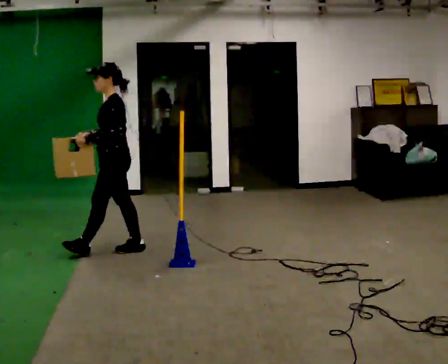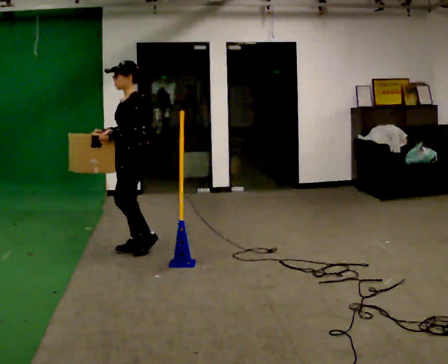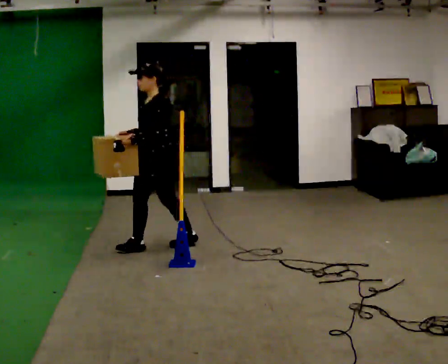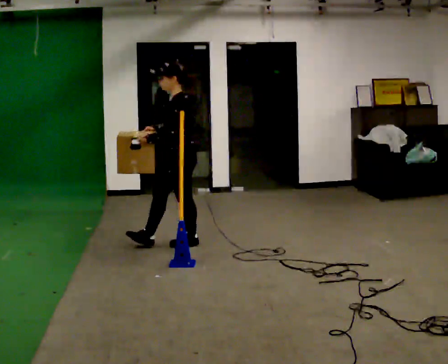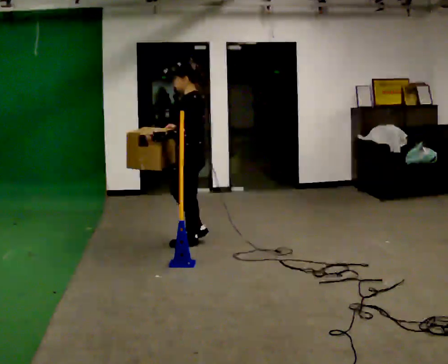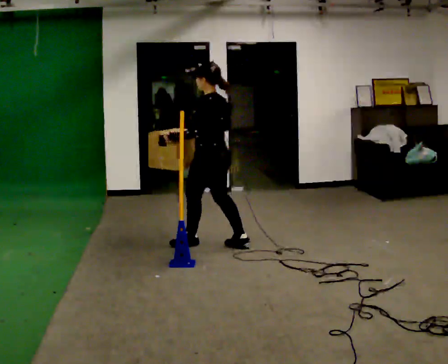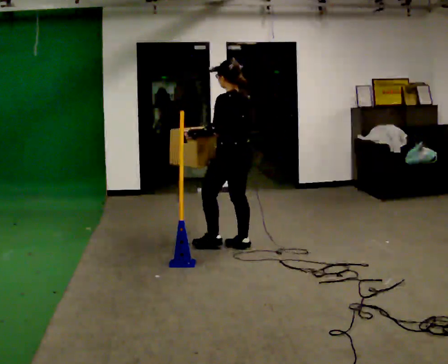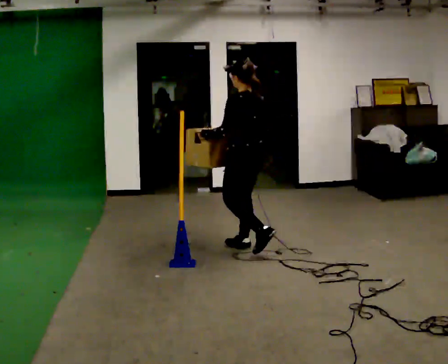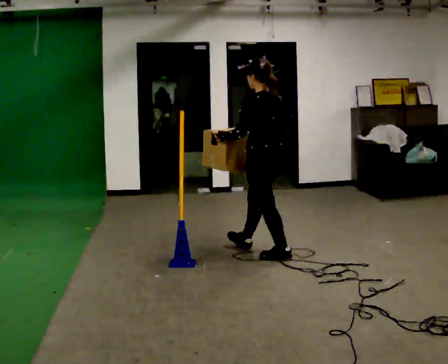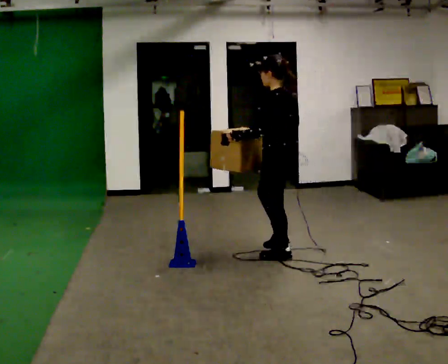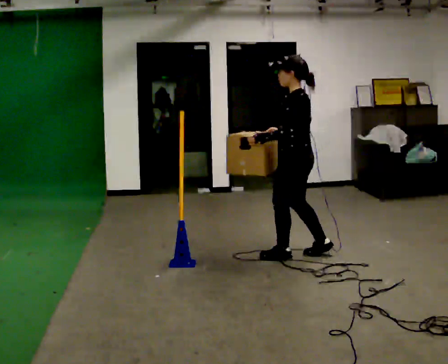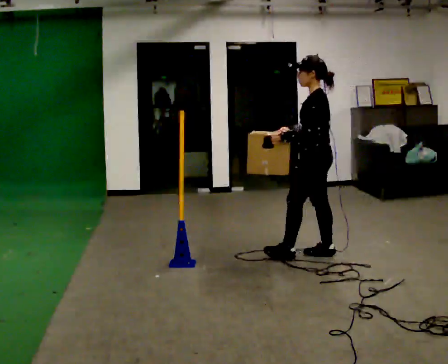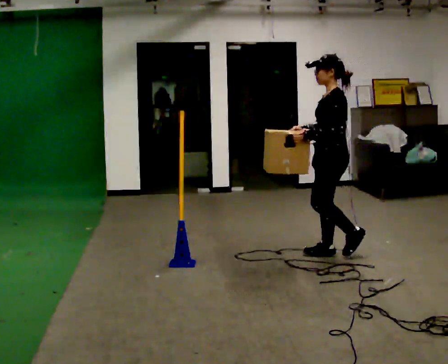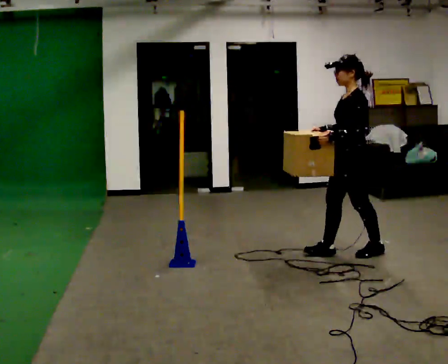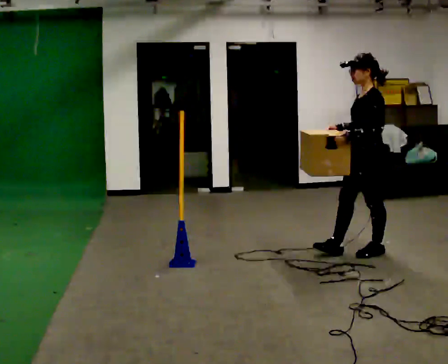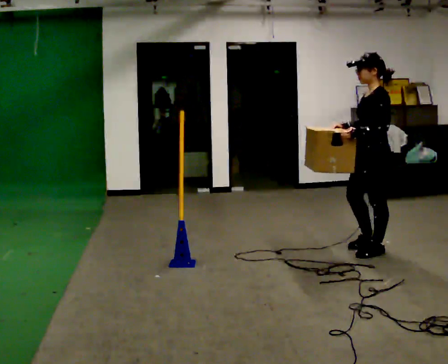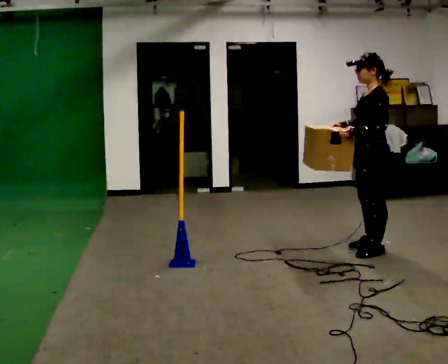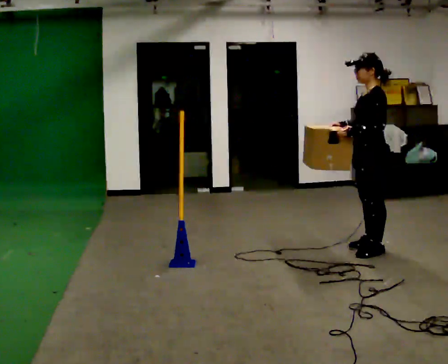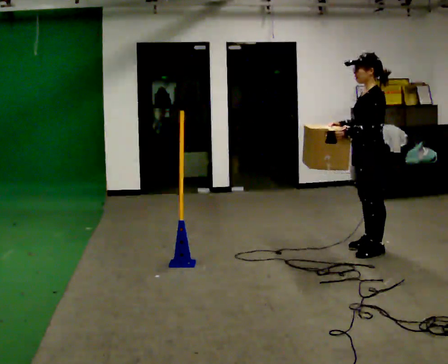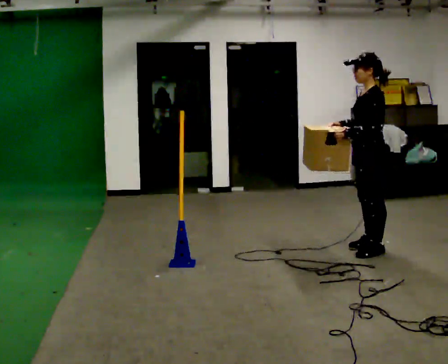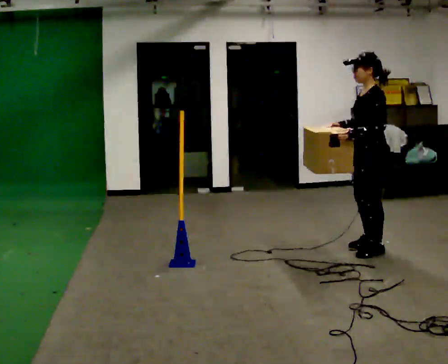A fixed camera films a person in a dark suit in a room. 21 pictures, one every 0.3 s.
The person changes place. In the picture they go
to the right.
0.0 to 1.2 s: In the picture they go to the right and away from the camera, about 0.75 m in 1 step, which for them is backward.
1.2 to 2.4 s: Seen from above the body turns clockwise, about 30 degrees: to their right, with its near side sliding to the left. In the picture they go to the right, about 0.75 m in 1 step, which for them is backward.
2.4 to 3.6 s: The person turns about 45 degrees to their left, counterclockwise seen from above, so the part of the body nearest the lens slides to the right. In the picture they go to the right, about 0.5 m in 2 steps, which for them is backward.
3.6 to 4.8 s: In the picture they go to the right, about 0.25 m in 1 step, which for them is backward.
4.8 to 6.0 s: The person moves a little, or ends about where they began.
The film runs backward here.
